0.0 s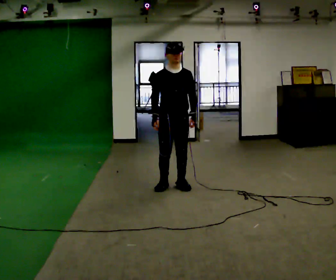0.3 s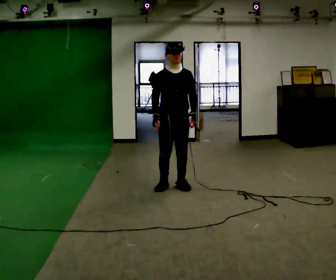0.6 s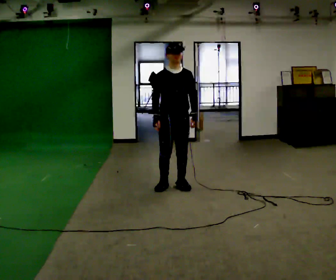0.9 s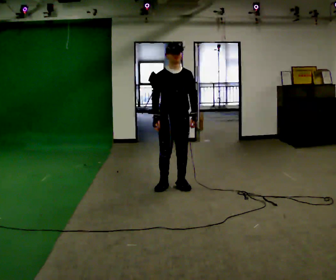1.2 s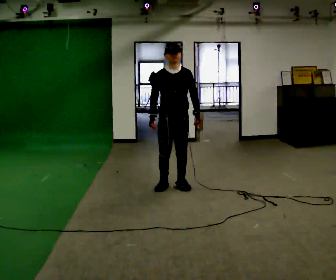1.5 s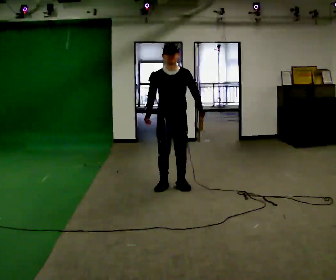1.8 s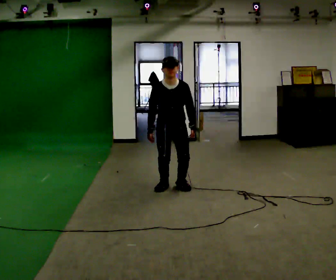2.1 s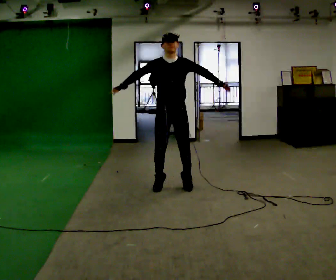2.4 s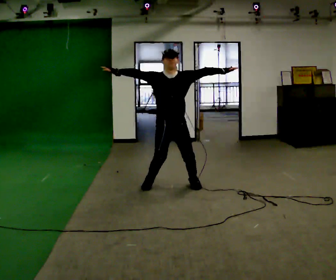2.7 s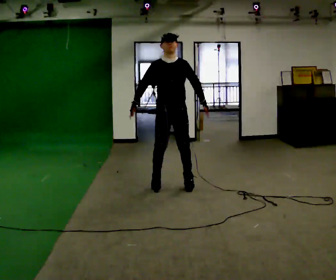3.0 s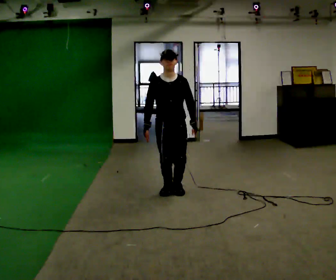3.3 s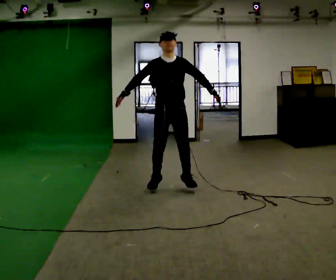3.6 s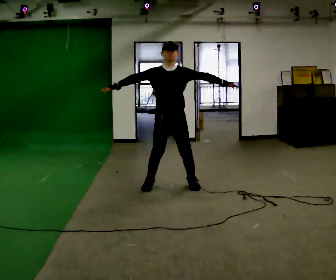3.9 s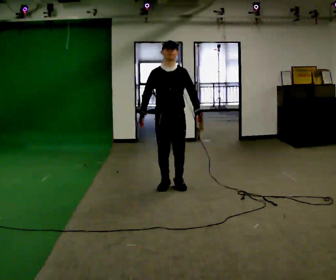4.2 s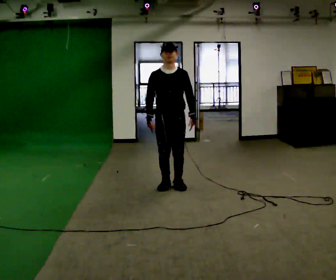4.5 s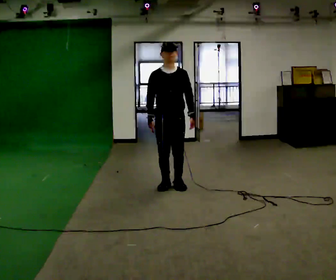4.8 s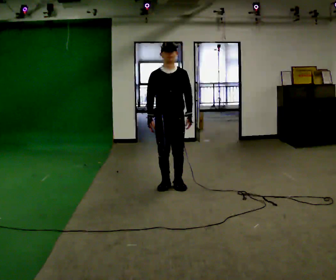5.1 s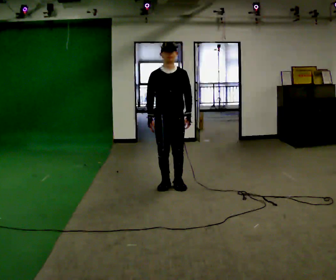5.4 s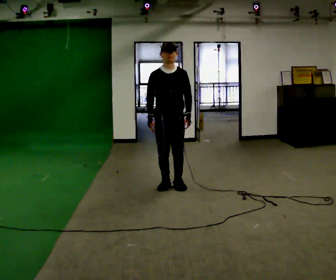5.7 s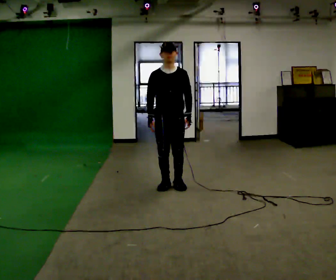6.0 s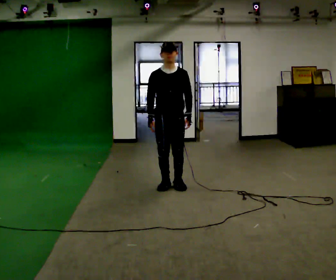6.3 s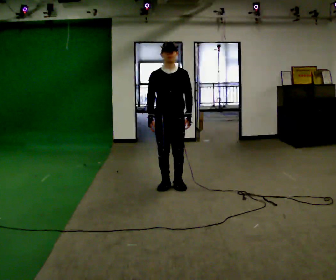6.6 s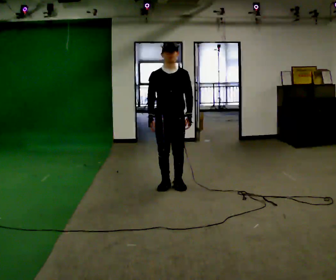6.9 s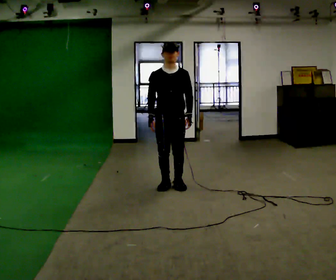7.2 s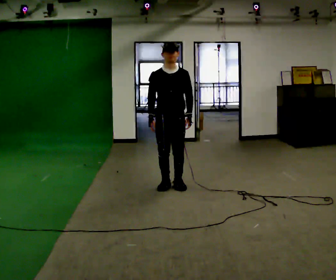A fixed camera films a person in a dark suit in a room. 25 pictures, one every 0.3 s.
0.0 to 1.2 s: The person moves a little, or ends about where they began.
1.2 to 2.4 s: In the picture their right hand goes upward and to the left, the arm swinging clockwise.
2.4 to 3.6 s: The person moves a little, or ends about where they began.
3.6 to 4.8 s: In the picture their left hand goes to the left and downward, the arm swinging clockwise.
4.8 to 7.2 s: The person keeps their place and pose.
The film runs forward here.
